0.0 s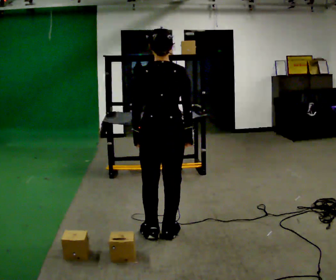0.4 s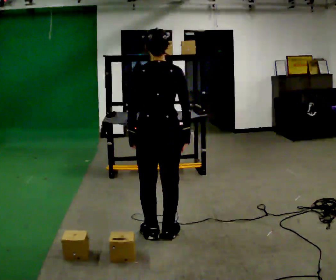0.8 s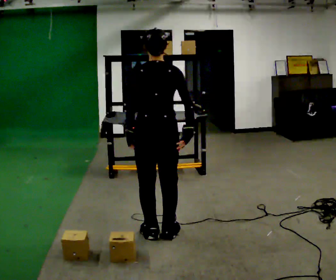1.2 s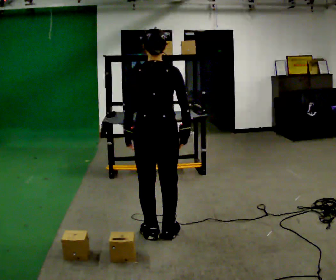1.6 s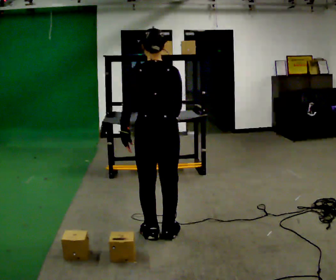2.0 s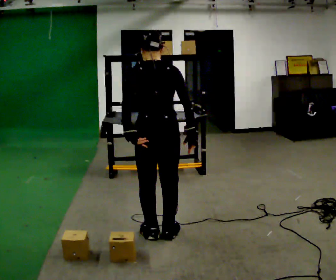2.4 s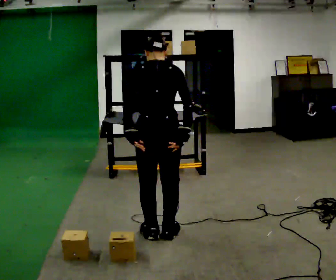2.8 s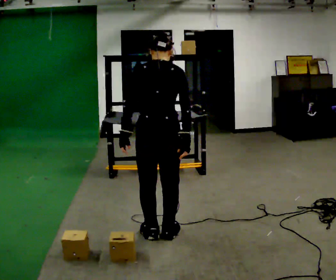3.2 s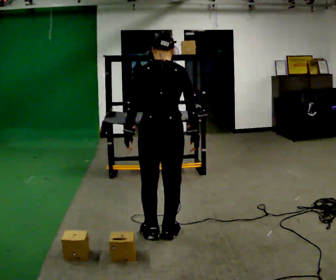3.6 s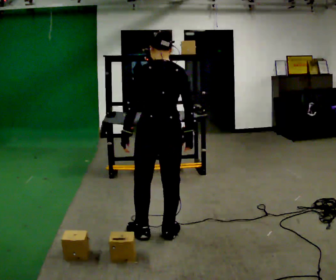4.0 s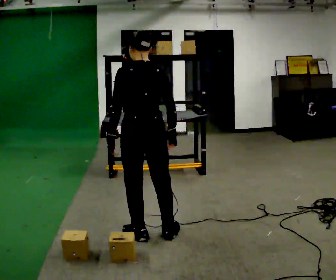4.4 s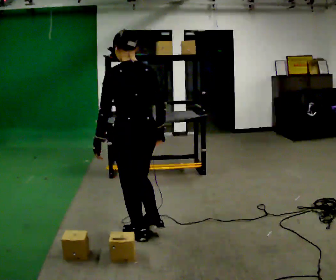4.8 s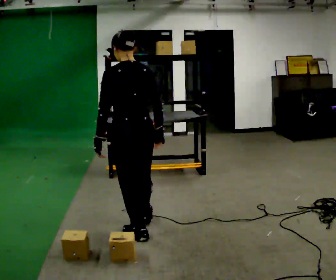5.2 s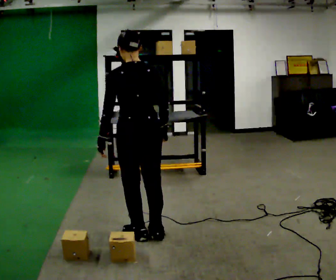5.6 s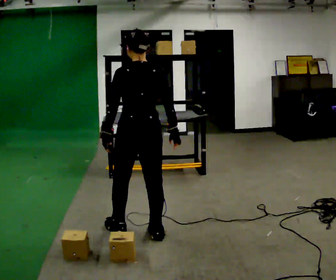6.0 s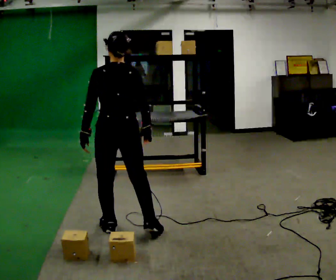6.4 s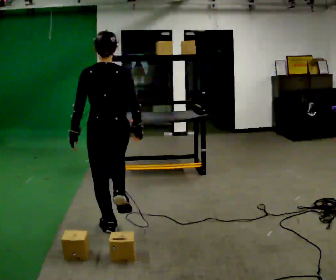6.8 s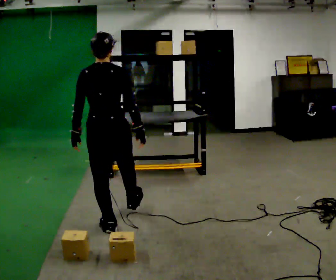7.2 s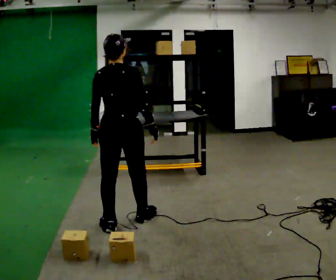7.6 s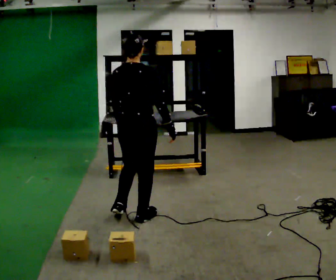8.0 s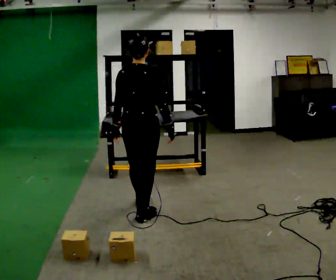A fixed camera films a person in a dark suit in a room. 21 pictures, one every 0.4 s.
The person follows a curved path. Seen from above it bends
clockwise.
0.0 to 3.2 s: The person moves a little, or ends about where they began.
3.2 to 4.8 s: The person turns about 30 degrees to their left, counterclockwise seen from above, so the part of the body nearest the lens slides to the right. In the picture they go to the left, about 0.25 m, which for them is to their left.
4.8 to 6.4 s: In the picture they go to the left, about 0.25 m in 1 step, which for them is to their left and forward.
6.4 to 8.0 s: The part of the body nearest the lens slides to the left as the person turns to their right by about 30 degrees. In the picture they go away from the camera and to the right, about 0.5 m in 2 steps, which for them is forward.
The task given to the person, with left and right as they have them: Take an object down from the highest shelf you can comfortably reach, carry it across the room, and set it on the floor. Keep going until the operator says stop; one object at a time, and do not rush between trips.
The film runs forward here.
